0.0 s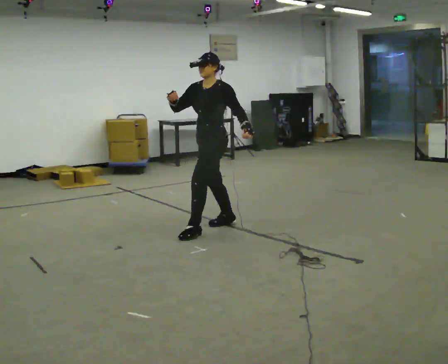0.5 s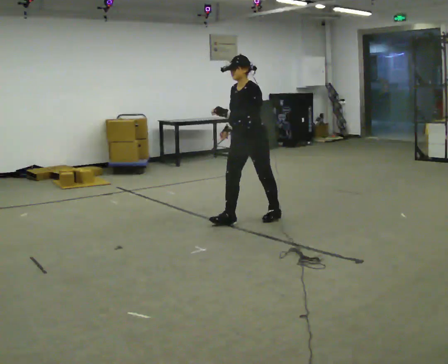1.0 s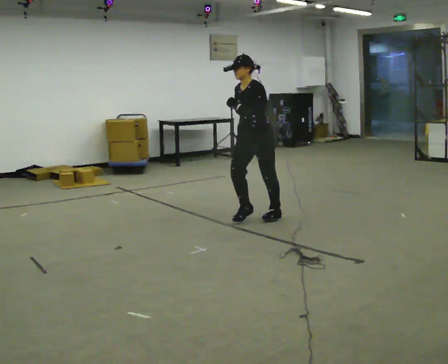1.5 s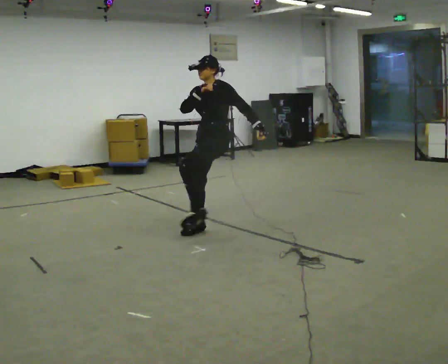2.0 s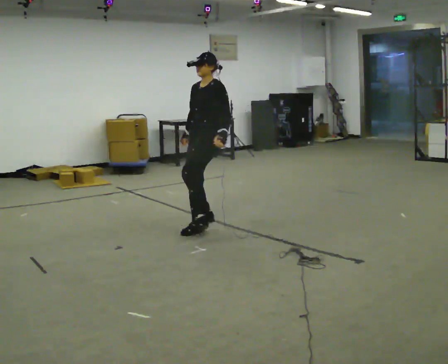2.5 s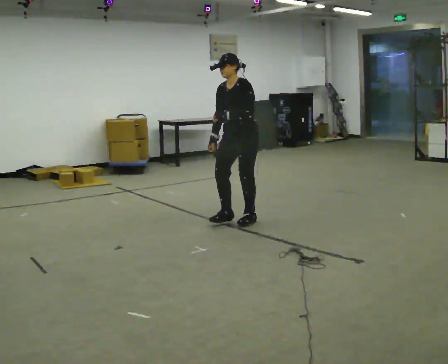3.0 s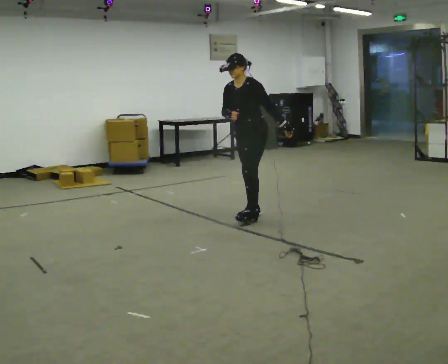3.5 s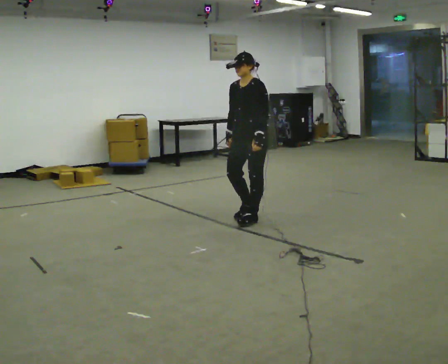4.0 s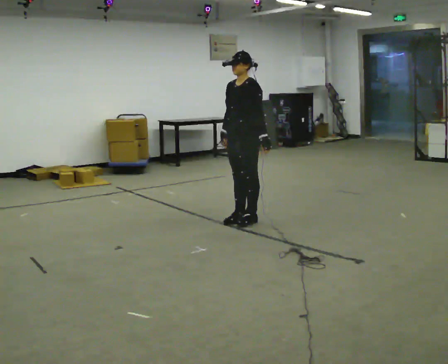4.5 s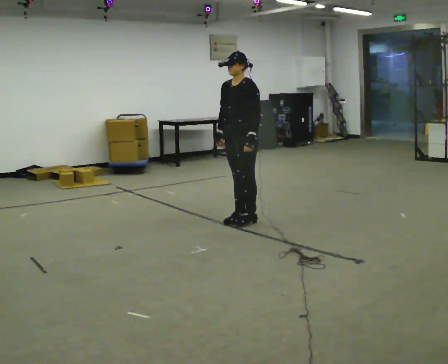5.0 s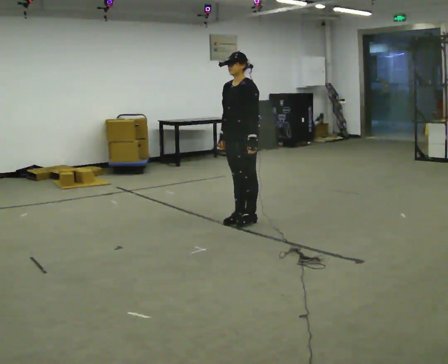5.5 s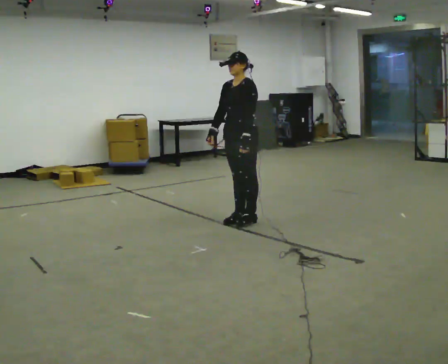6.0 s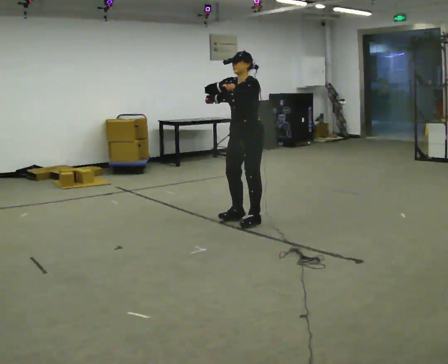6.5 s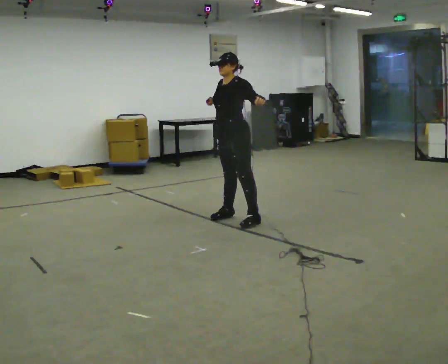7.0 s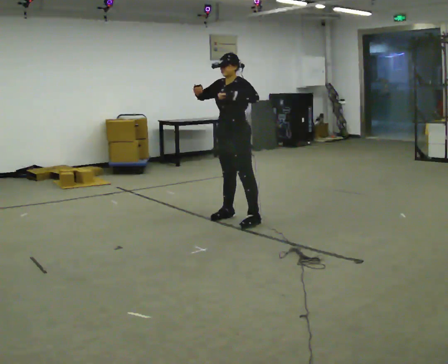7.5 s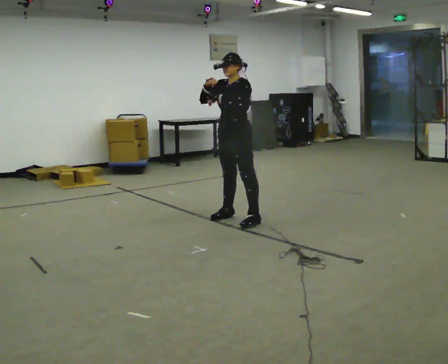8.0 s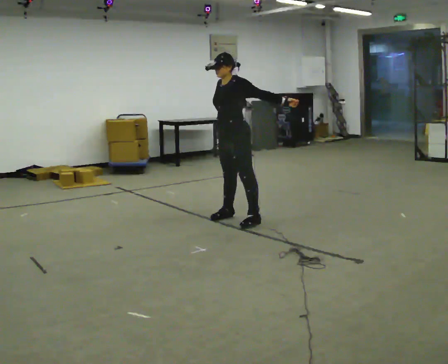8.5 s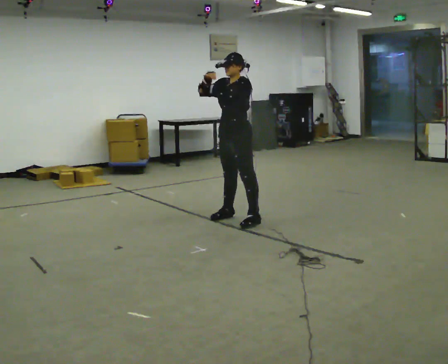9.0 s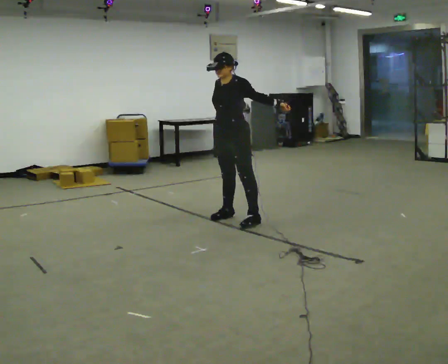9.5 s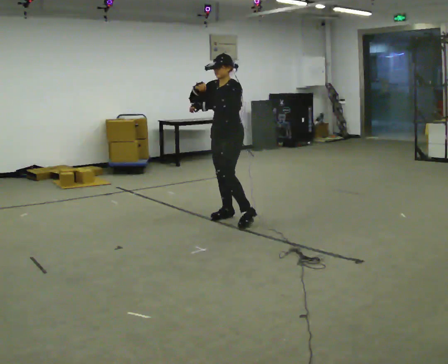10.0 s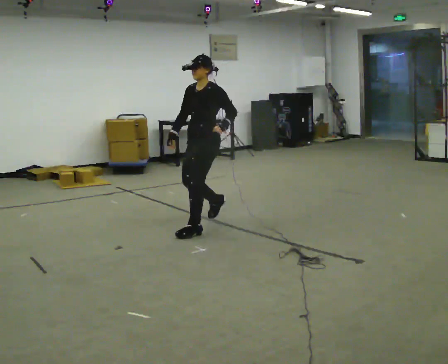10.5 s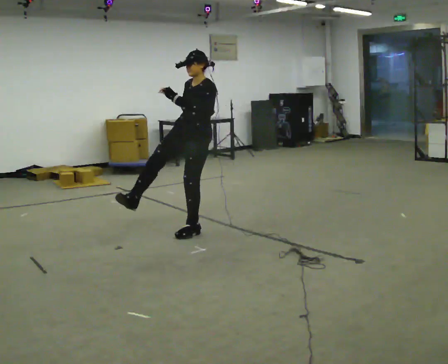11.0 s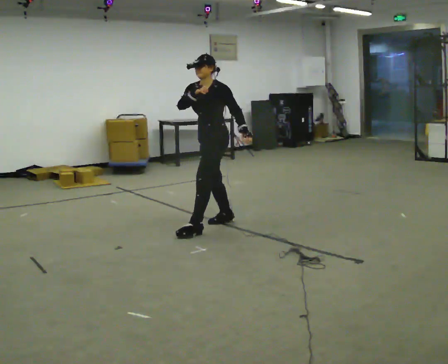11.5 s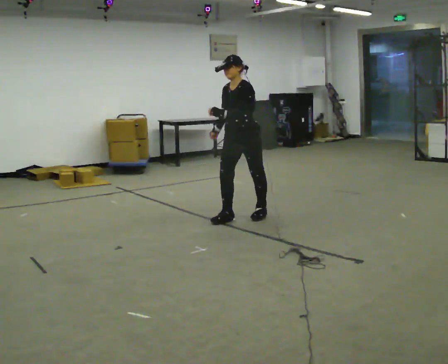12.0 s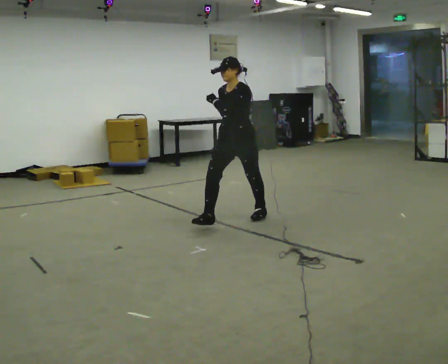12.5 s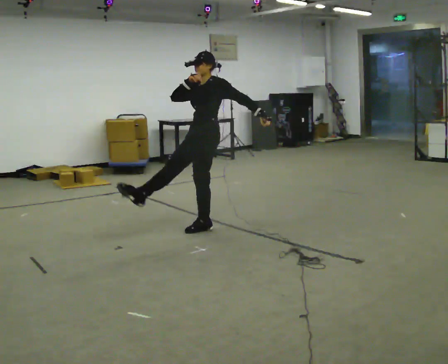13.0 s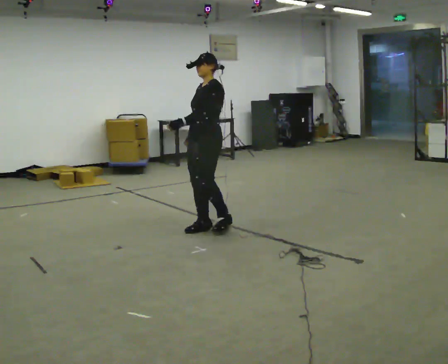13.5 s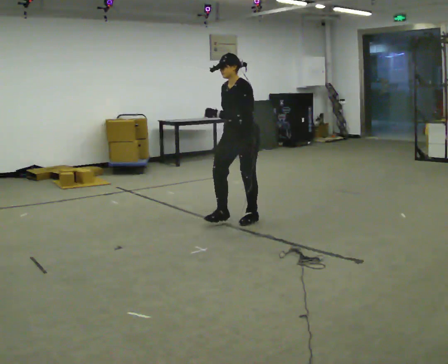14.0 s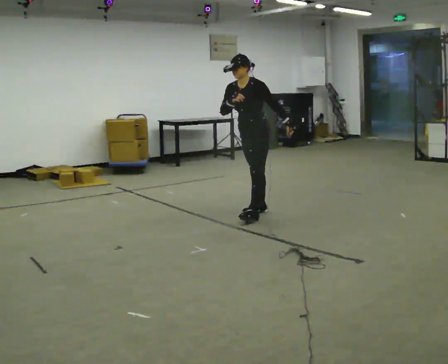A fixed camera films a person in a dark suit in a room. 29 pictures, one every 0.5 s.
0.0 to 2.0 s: In the picture their right hand goes downward.
2.0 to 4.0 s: In the picture they go to the right and away from the camera, about 0.5 m in 3 steps, which for them is backward.
4.0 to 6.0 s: In the picture their left hand goes to the left and upward.
6.0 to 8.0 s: In the picture their left hand goes to the right.
8.0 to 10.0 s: In the picture they go to the left and toward the camera, about 0.25 m in 1 step, which for them is forward.
10.0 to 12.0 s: In the picture they go to the right and away from the camera, about 0.25 m in 2 steps, which for them is backward.
12.0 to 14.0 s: In the picture they go away from the camera and to the right, about 0.25 m in 3 steps, which for them is backward.
The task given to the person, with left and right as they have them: Dance freely at a fast tempo as if to upbeat music; keep moving continuously.
The film runs forward here.
